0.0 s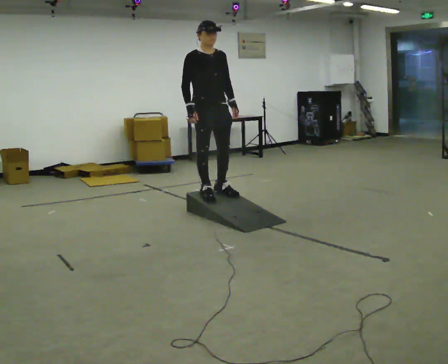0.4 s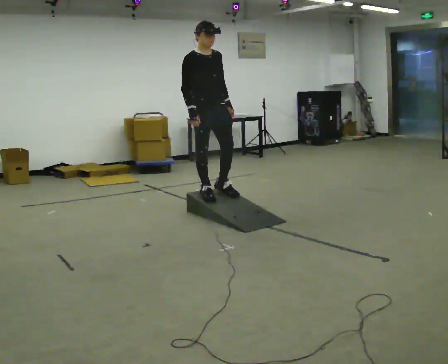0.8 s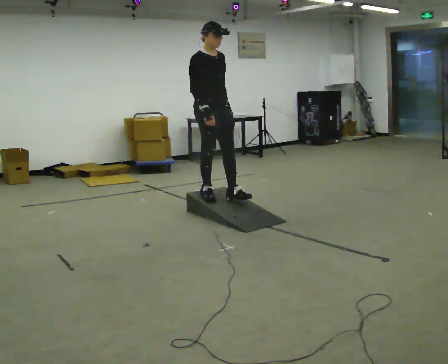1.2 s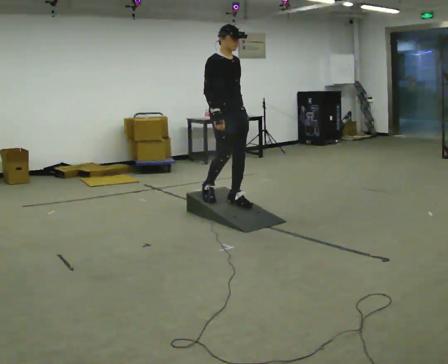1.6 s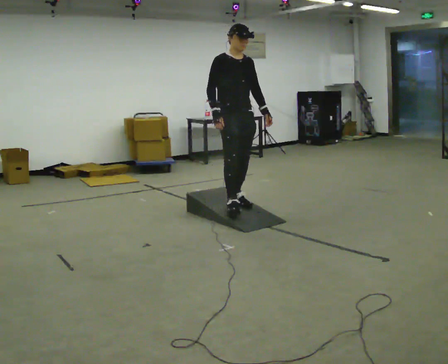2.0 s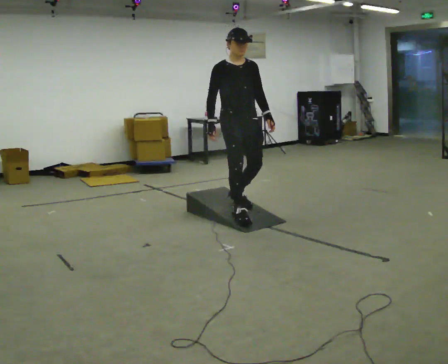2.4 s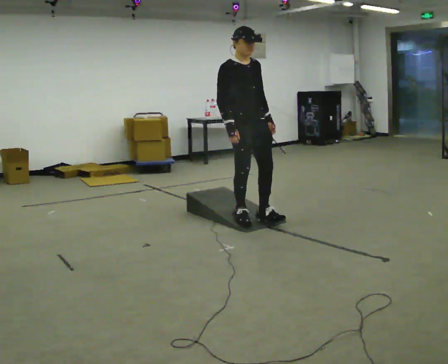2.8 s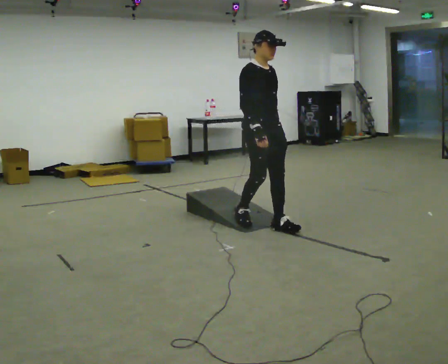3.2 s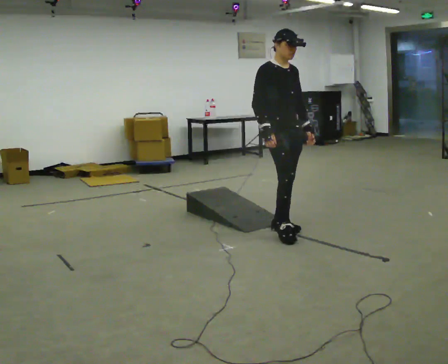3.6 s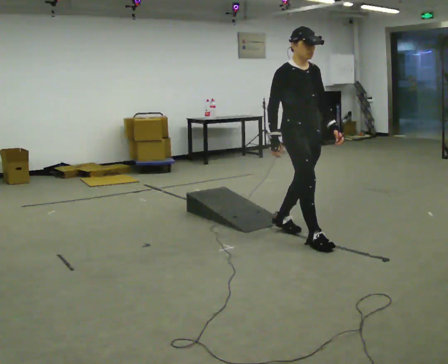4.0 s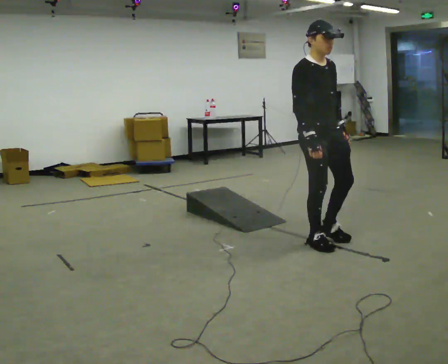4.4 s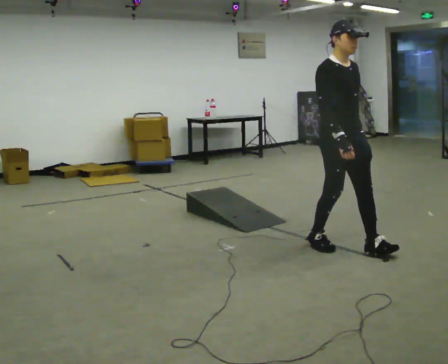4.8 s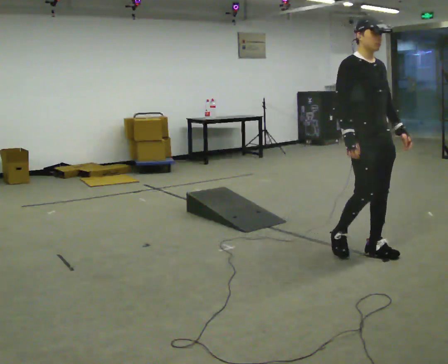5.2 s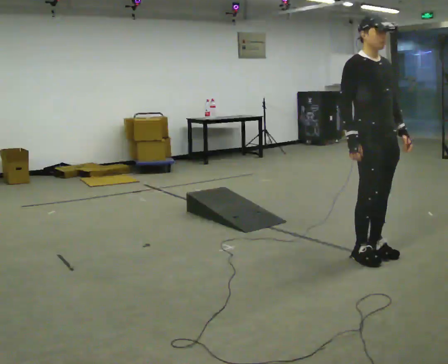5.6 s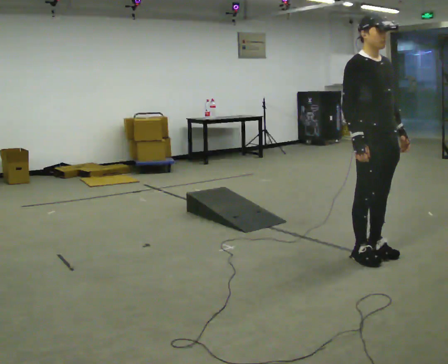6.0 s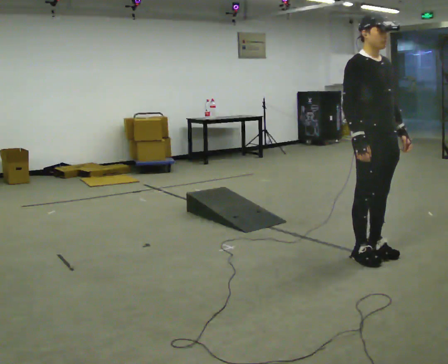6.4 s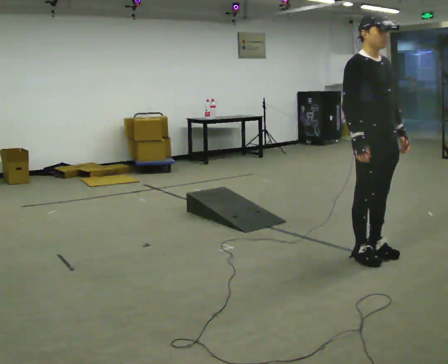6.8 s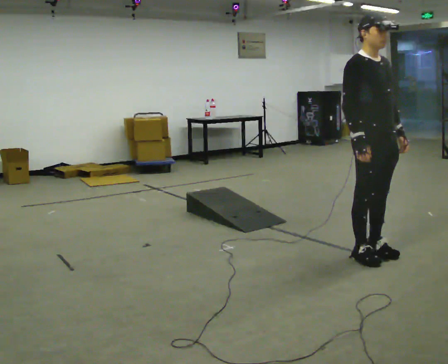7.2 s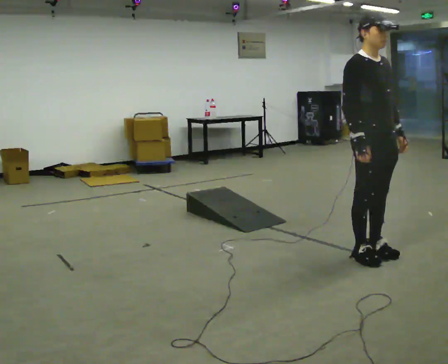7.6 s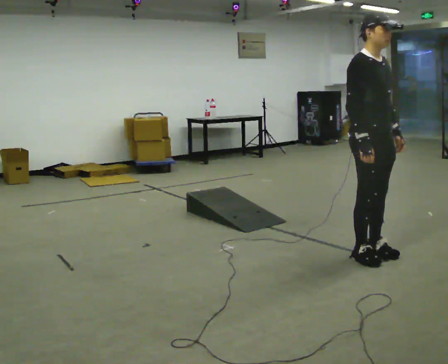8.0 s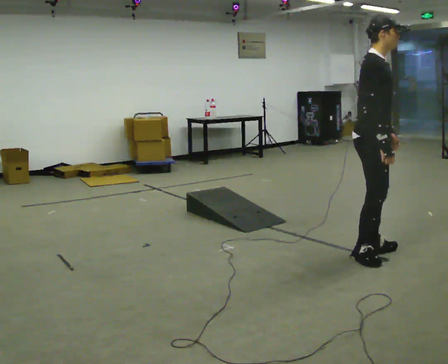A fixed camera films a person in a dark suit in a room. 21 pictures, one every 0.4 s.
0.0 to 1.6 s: In the picture they go to the right and toward the camera, about 0.25 m in 1 step, which for them is forward.
1.6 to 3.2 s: In the picture they go toward the camera and to the right, about 0.75 m in 2 steps, which for them is forward.
3.2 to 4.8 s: In the picture they go to the right and toward the camera, about 1 m in 2 steps, which for them is forward.
4.8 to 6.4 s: The person moves a little, or ends about where they began.
6.4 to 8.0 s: The part of the body nearest the lens slides to the right as the person turns to their left by about 30 degrees.
The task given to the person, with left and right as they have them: Walk up the ramp, turn at the top, and walk back down at a comfortable speed.
The film runs forward here.
